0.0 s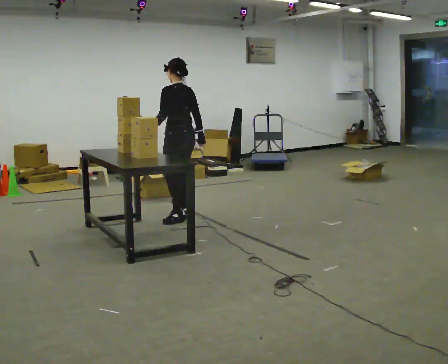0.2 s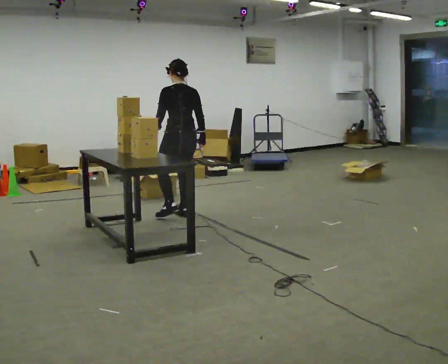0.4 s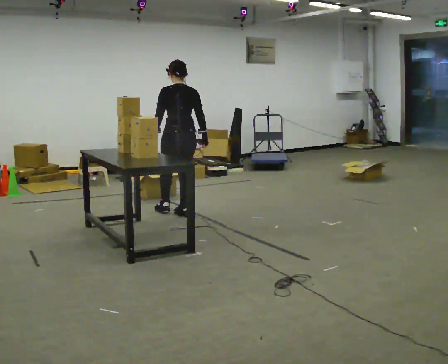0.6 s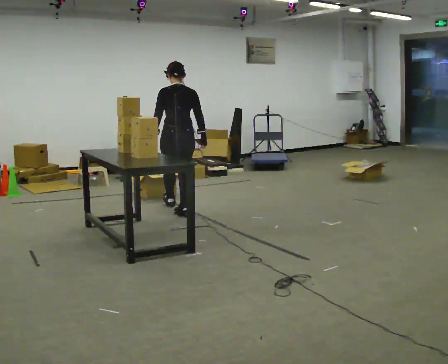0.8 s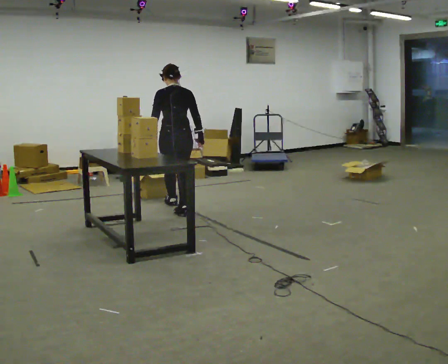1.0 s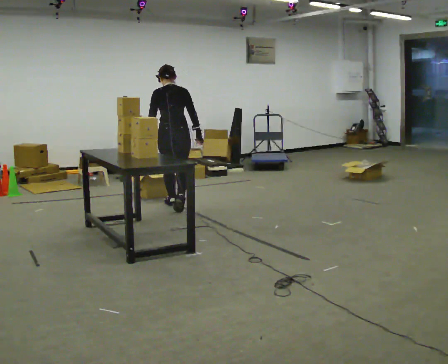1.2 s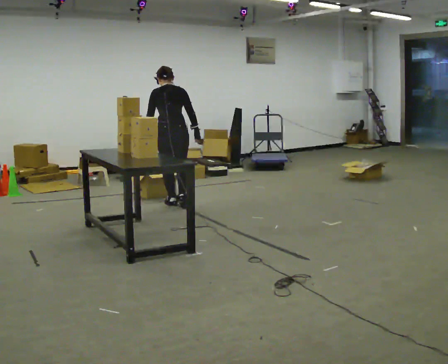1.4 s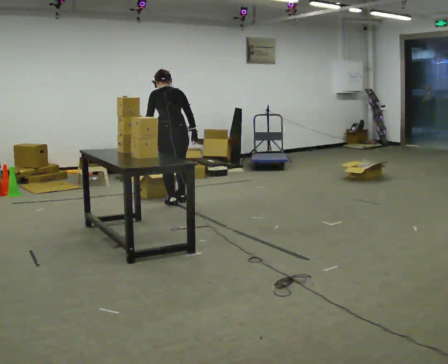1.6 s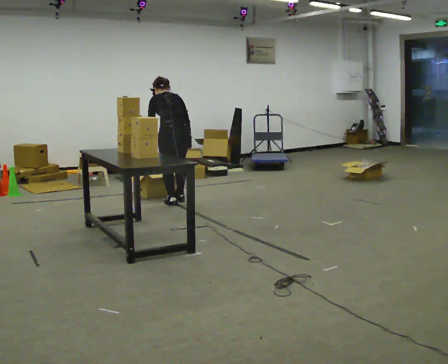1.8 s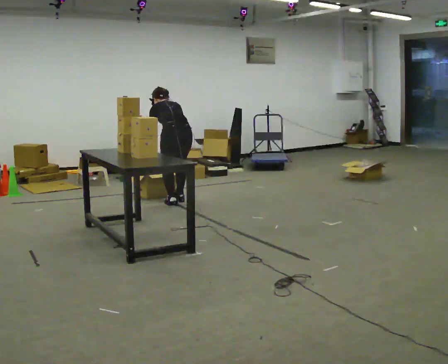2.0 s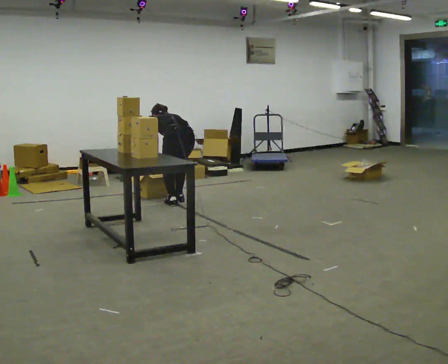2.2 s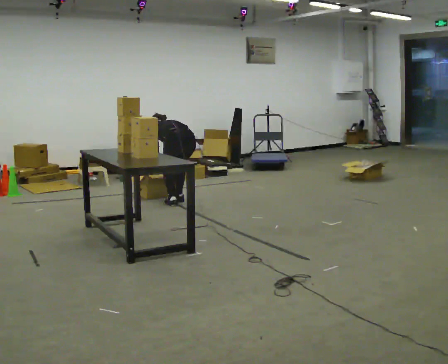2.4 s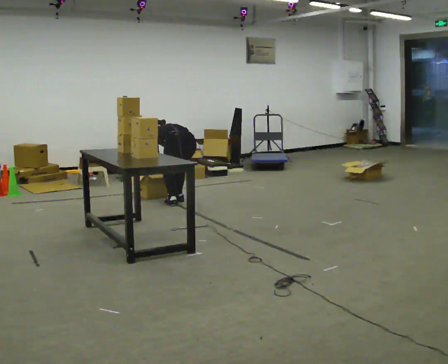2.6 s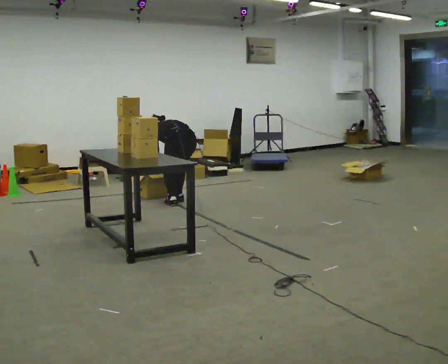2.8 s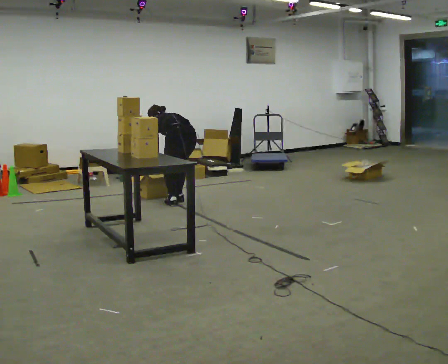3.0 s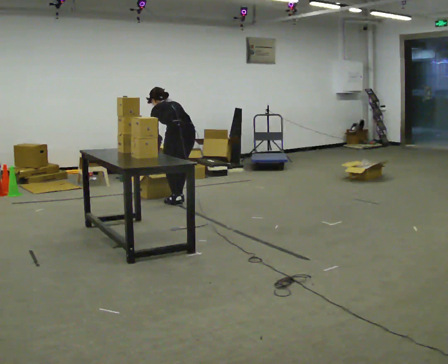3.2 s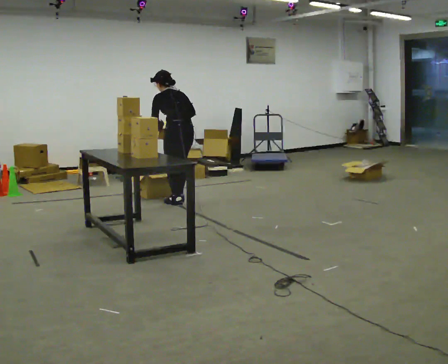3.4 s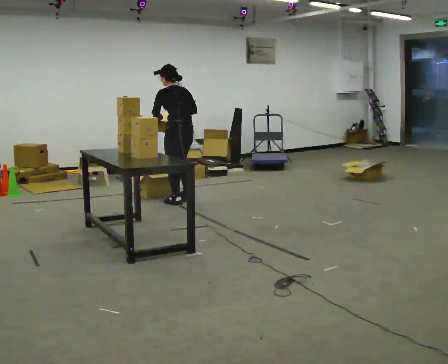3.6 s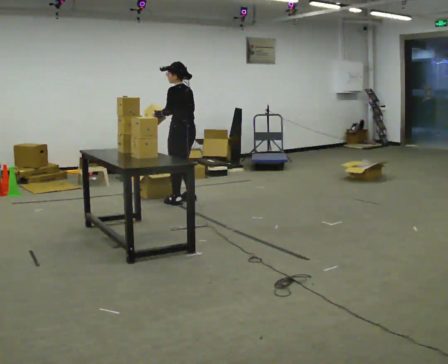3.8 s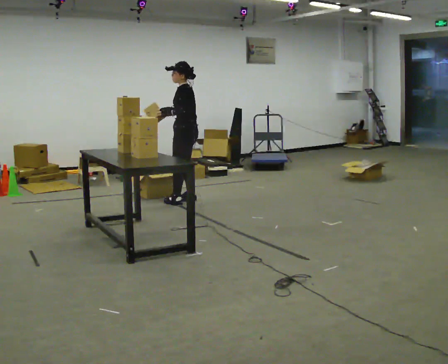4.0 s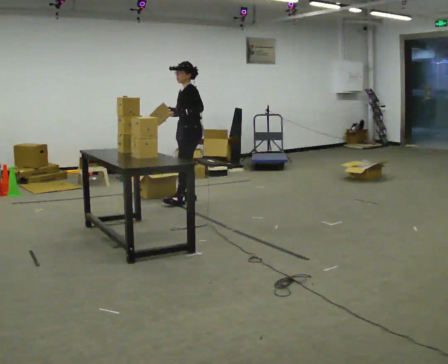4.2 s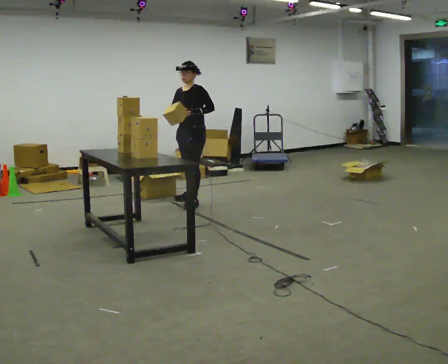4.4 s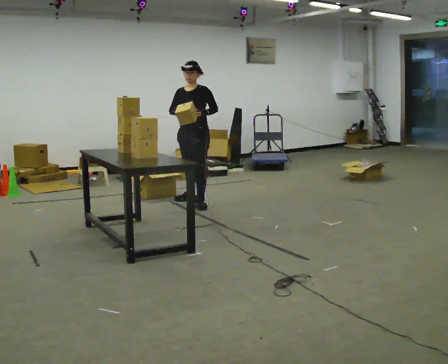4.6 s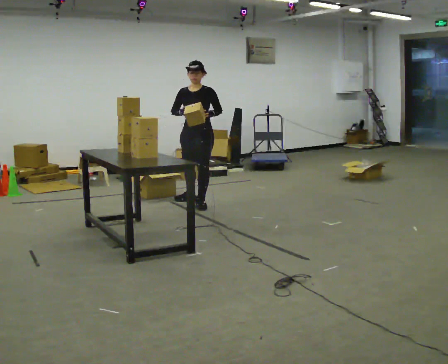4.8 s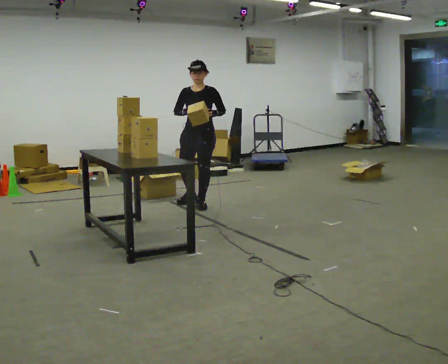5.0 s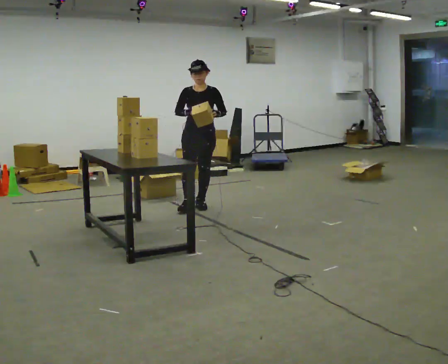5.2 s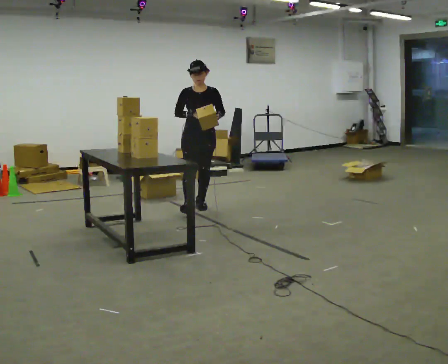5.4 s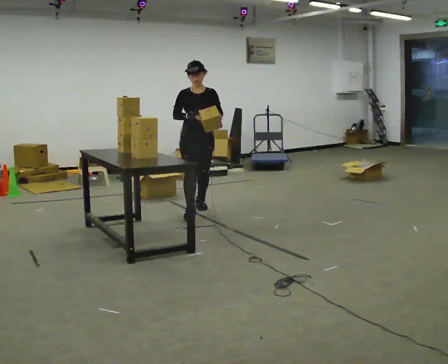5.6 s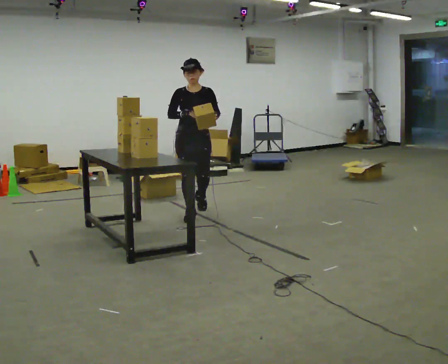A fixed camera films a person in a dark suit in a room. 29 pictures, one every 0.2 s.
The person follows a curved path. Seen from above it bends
clockwise.
0.0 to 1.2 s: The part of the body nearest the lens slides to the left as the person turns to their right by about 45 degrees. In the picture they go away from the camera, about 0.5 m in 1 step, which for them is forward.
1.2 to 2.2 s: The shoulders move downward. The upper body tips away from the camera, its near side rolling upward, as they bend forward. In the picture their right hand goes downward and to the left.
2.2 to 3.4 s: The shoulders move upward. The upper body tips toward the camera, its near side rolling downward, as they lean back or straighten. In the picture their right hand goes upward.
3.4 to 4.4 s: Seen from above the body turns counterclockwise, about 105 degrees: to their left, with its near side sliding to the right. In the picture they go to the right, about 0.25 m in 2 steps.
4.4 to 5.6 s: The part of the body nearest the lens slides to the right as the person turns to their left by about 45 degrees. In the picture they go toward the camera, about 0.5 m in 1 step, which for them is forward.
The film runs forward here.
